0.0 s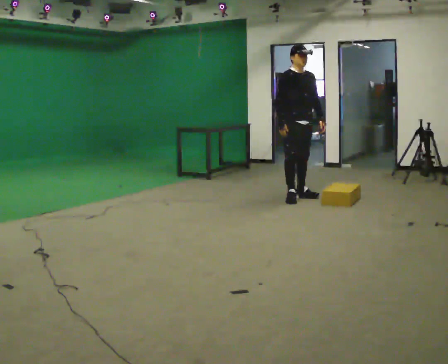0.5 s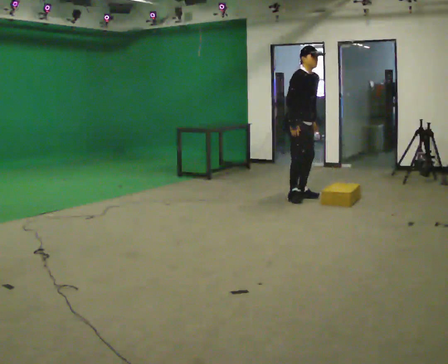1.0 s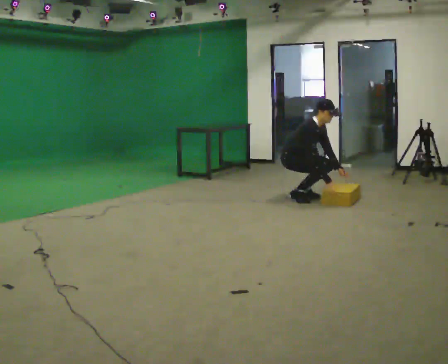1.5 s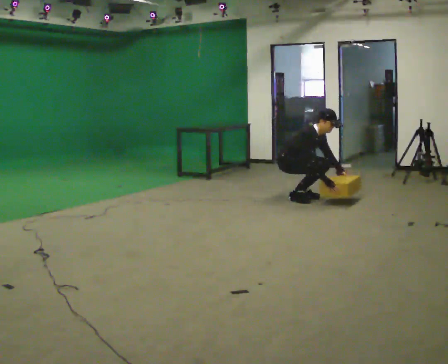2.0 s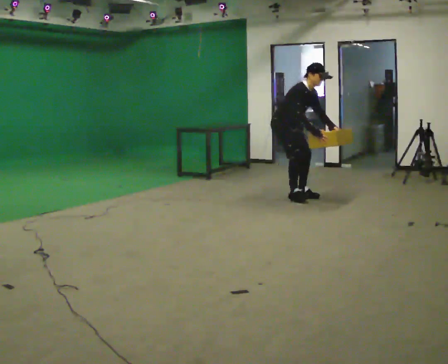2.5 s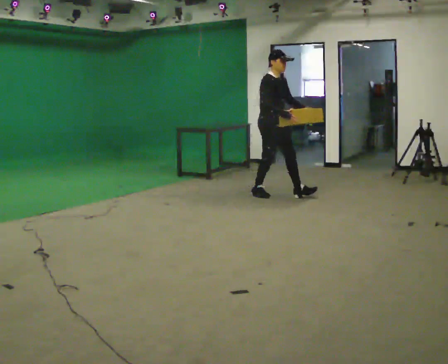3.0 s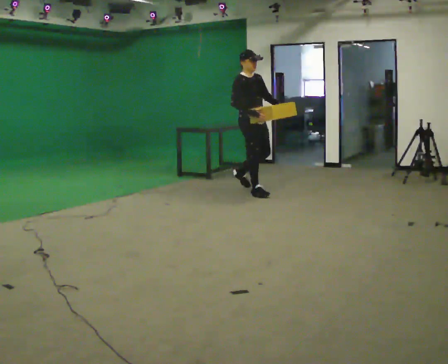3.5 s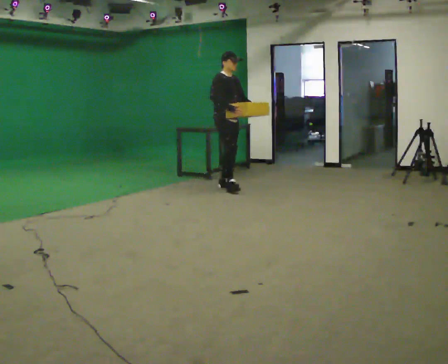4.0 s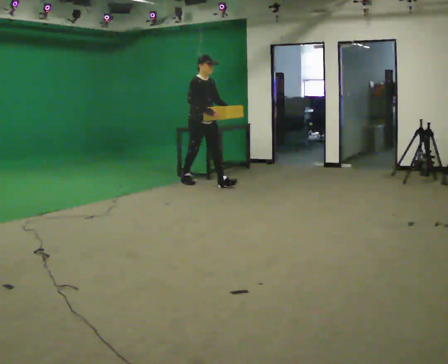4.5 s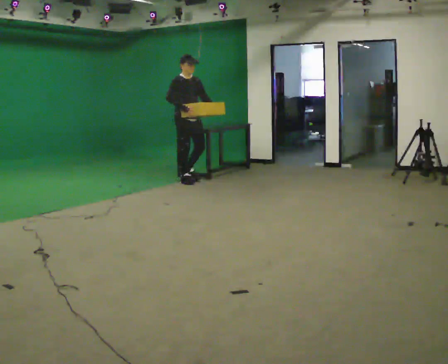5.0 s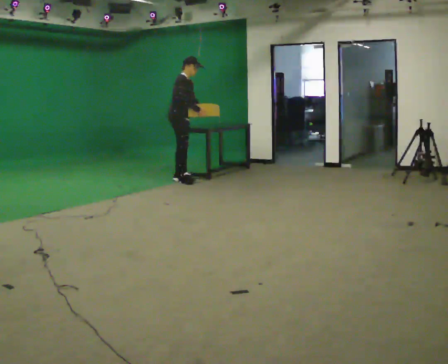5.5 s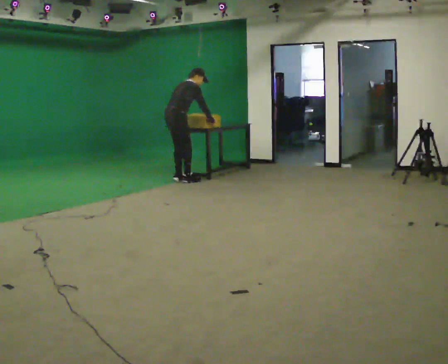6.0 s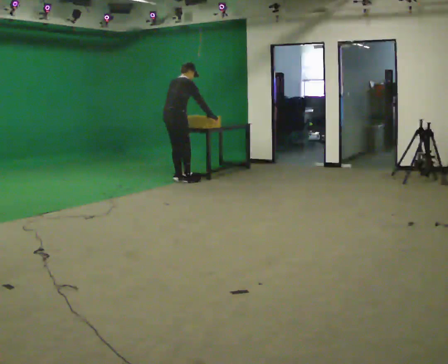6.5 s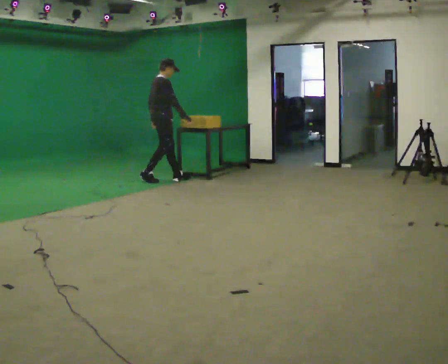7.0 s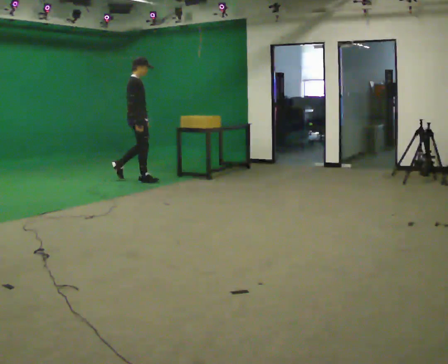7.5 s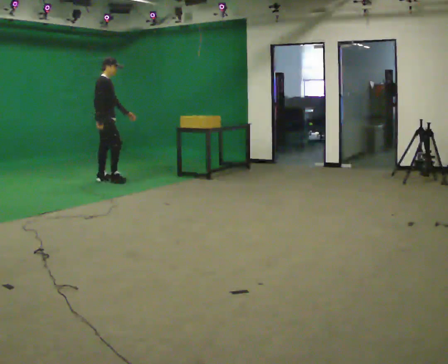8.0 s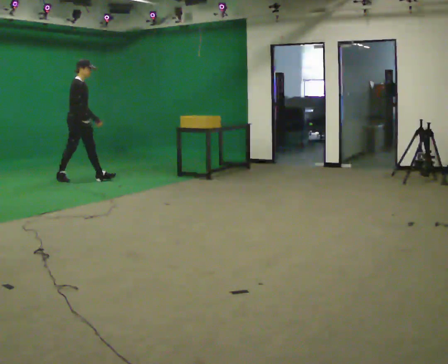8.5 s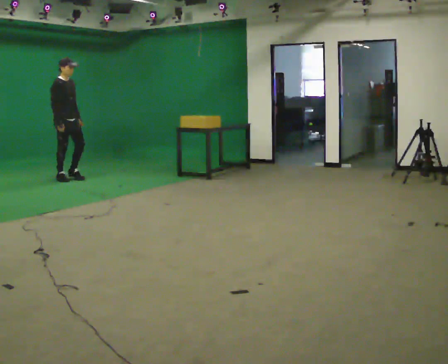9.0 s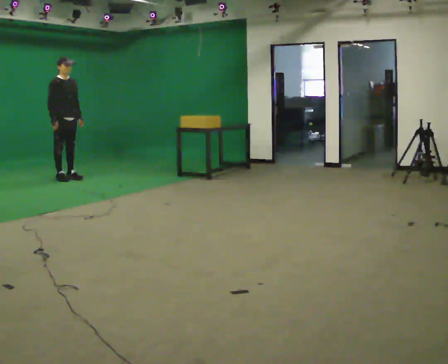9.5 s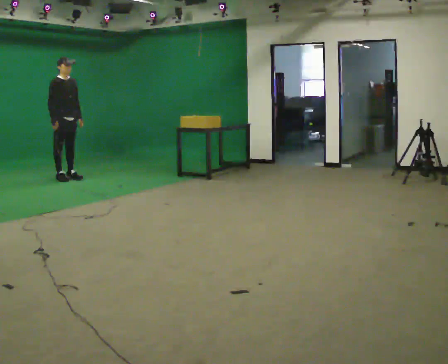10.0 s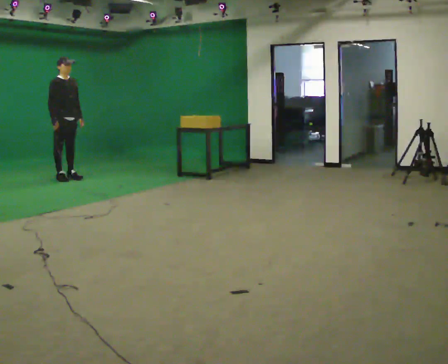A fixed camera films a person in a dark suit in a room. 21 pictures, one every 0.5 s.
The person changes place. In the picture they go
to the left.
0.0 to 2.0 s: Seen from above the body turns counterclockwise, about 30 degrees: to their left, with its near side sliding to the right. In the picture their right hand goes to the right.
2.0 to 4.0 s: In the picture they go to the left and away from the camera, about 1.5 m in 3 steps, which for them is backward. In the picture the upper body tilts counterclockwise, shoulders to the left, as they lean back or straighten.
4.0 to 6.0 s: Seen from above the body turns counterclockwise, about 90 degrees: to their left, with its near side sliding to the right. In the picture they go to the left and away from the camera, about 0.5 m in 1 step.
6.0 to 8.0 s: The person turns about 45 degrees to their right, clockwise seen from above, so the part of the body nearest the lens slides to the left. In the picture they go to the left, about 1.5 m in 3 steps, which for them is backward. The upper body tips toward the camera, its near side rolling downward.
8.0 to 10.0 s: The part of the body nearest the lens slides to the left as the person turns to their right by about 30 degrees. In the picture they go to the left, about 0.25 m in 1 step, which for them is backward.
The film runs backward here.
